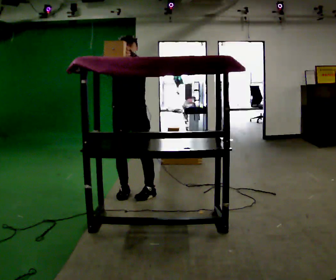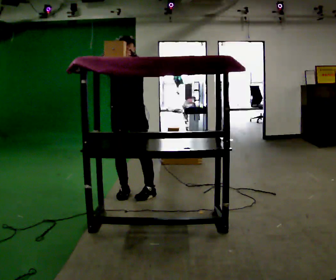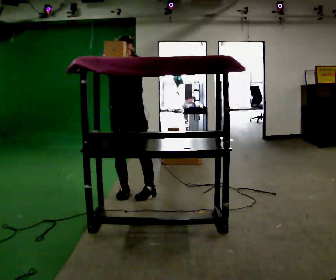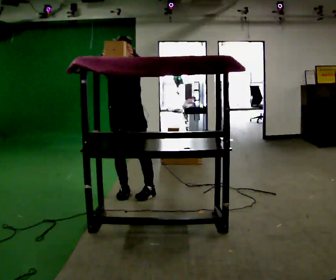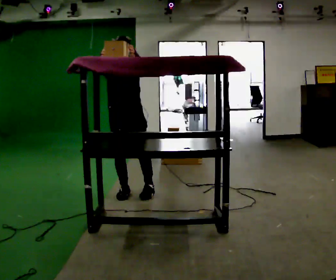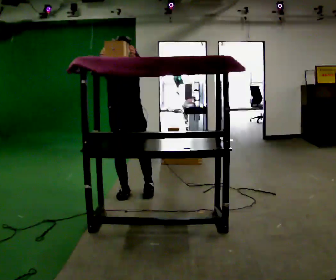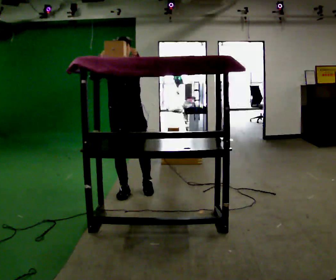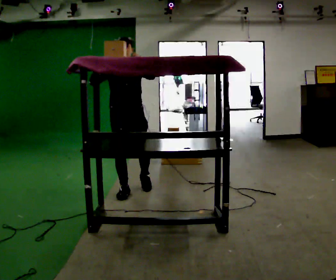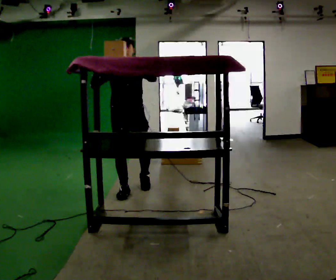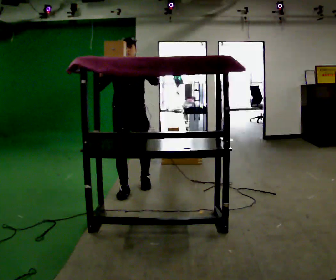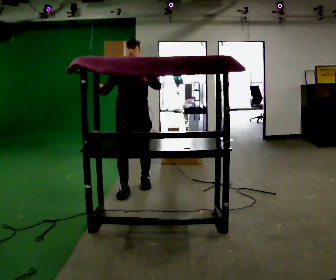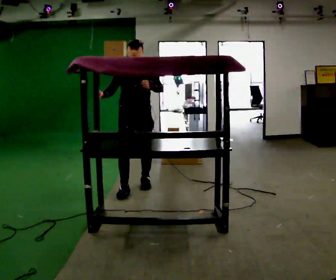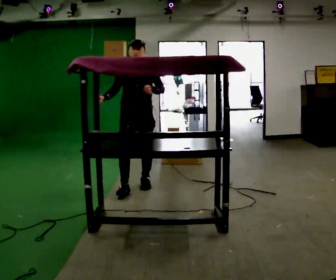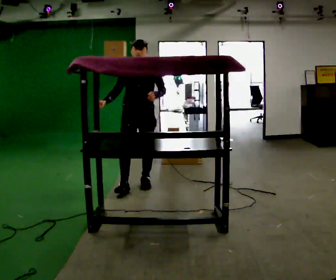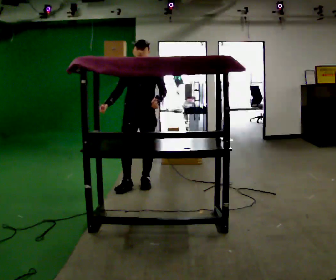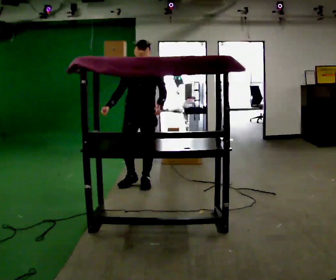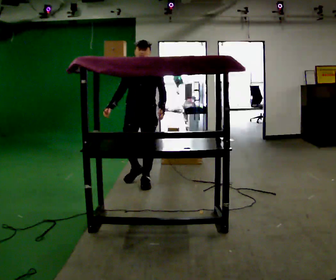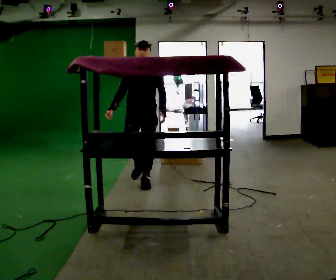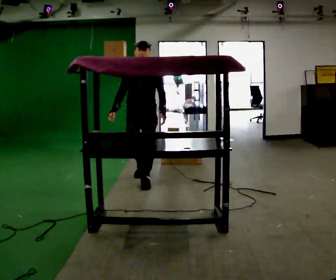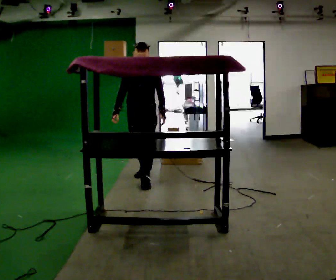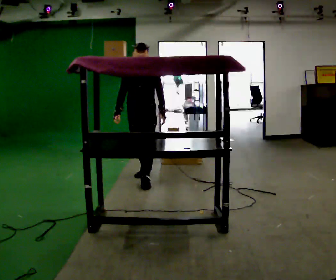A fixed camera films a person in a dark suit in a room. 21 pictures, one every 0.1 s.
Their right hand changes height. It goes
downward.
Their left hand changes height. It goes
downward.
0.0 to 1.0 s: In the picture they go away from the camera, about 0.25 m in 1 step, which for them is backward.
1.0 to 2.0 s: In the picture they go away from the camera and to the right, about 0.5 m in 1 step, which for them is backward. In the picture their left hand goes downward.
The film runs backward here.
